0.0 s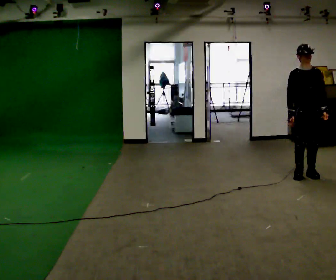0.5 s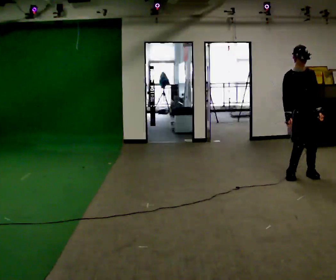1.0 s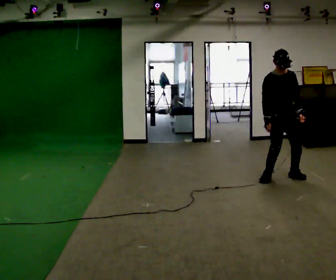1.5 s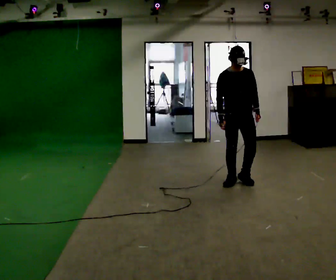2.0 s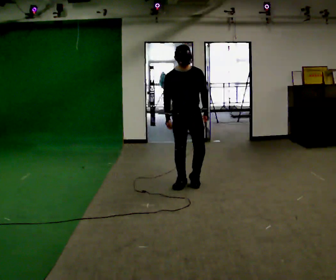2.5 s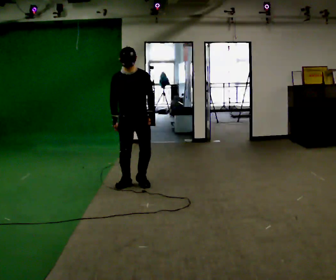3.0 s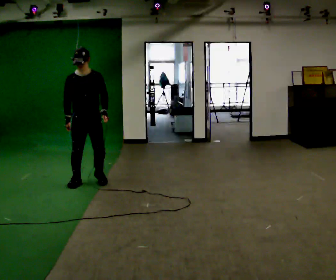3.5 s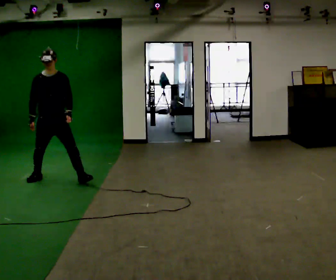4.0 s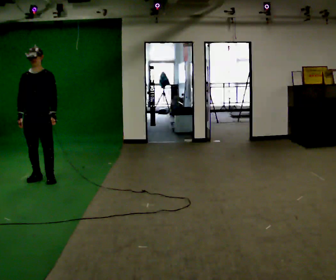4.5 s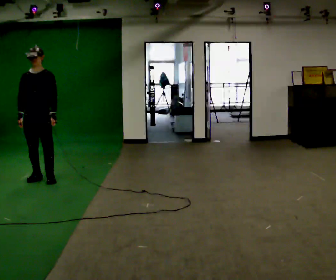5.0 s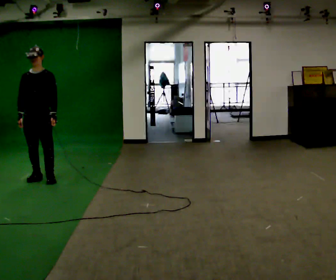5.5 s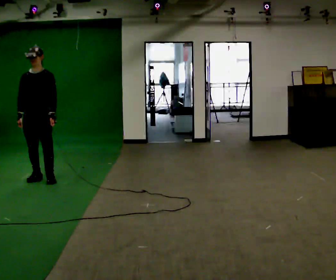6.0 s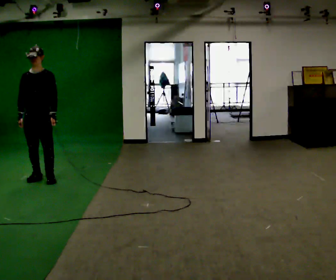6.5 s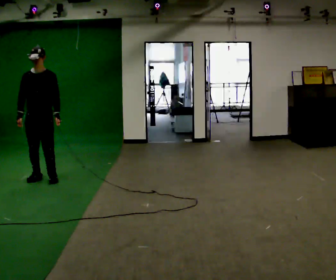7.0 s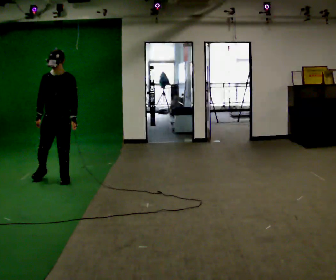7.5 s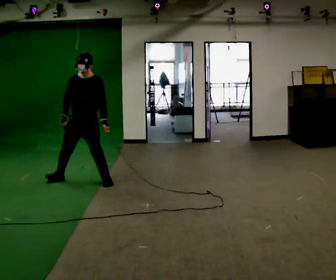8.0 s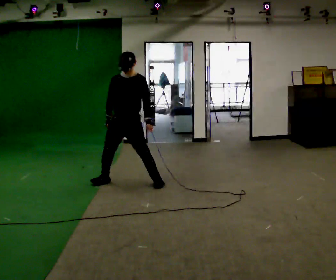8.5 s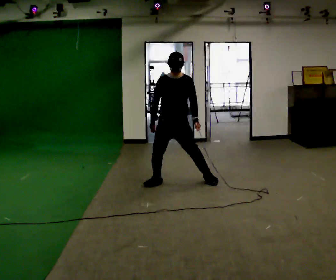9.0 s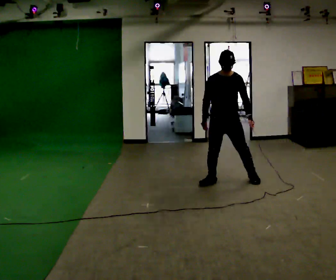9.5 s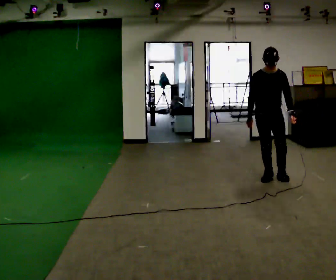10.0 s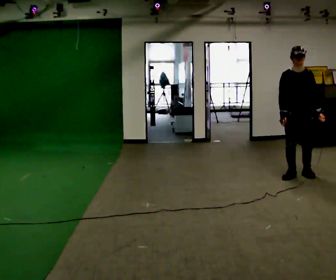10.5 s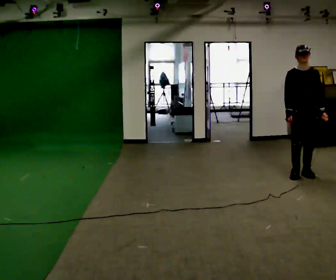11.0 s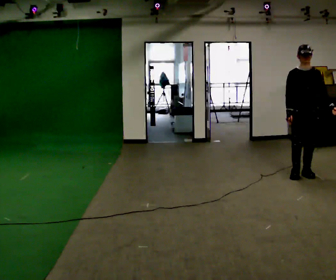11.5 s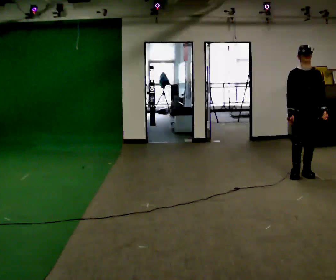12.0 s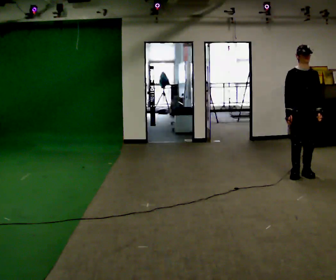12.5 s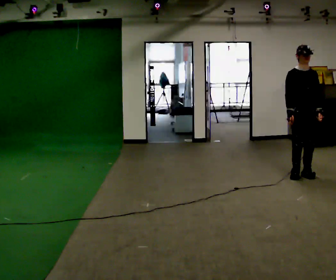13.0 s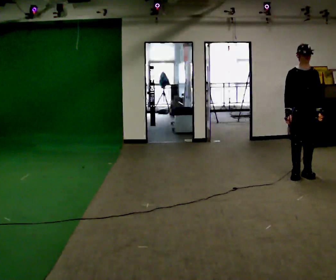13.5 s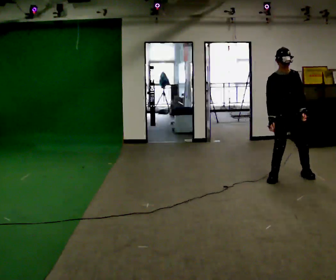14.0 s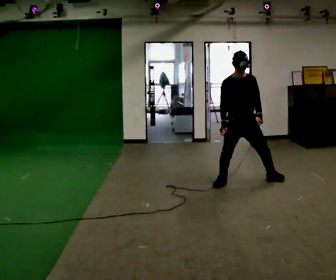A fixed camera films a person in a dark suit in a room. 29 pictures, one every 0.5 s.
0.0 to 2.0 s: In the picture they go to the left, about 1.5 m in 7 steps, which for them is to their right.
2.0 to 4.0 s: In the picture they go to the left, about 2 m in 5 steps, which for them is to their right.
4.0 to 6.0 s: The person moves a little, or ends about where they began.
6.0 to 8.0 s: In the picture they go to the right, about 1 m in 5 steps, which for them is to their left.
8.0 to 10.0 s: In the picture they go to the right, about 2 m in 7 steps, which for them is to their left.
10.0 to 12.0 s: The person moves a little, or ends about where they began.
12.0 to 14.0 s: In the picture they go to the left, about 1 m in 4 steps, which for them is to their right.
The film runs backward here.
